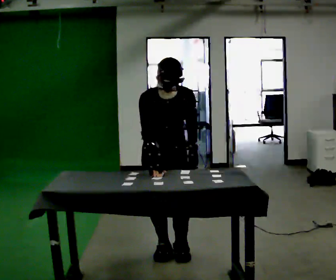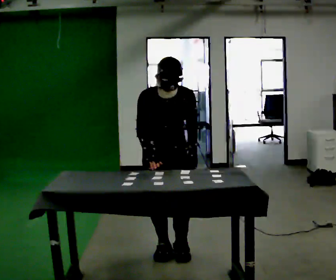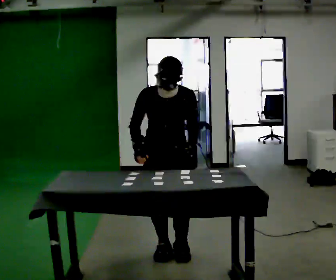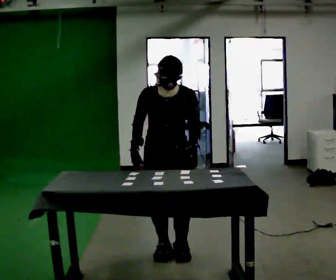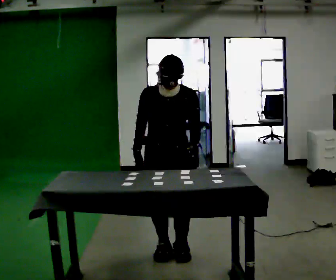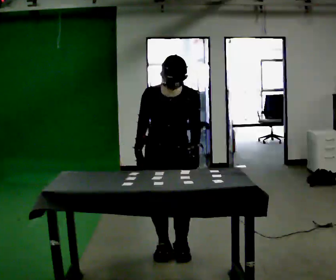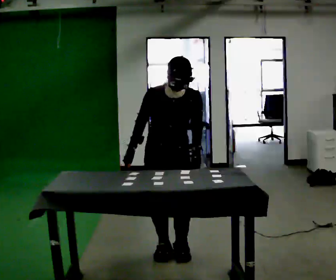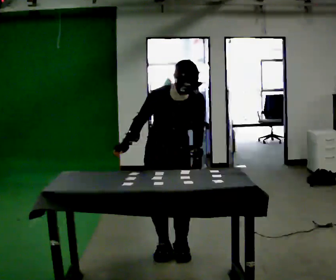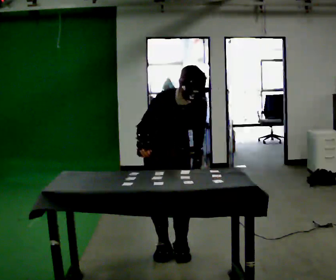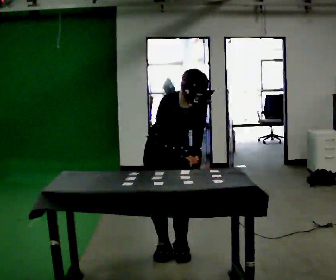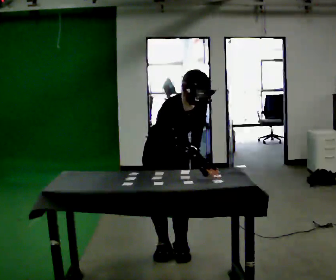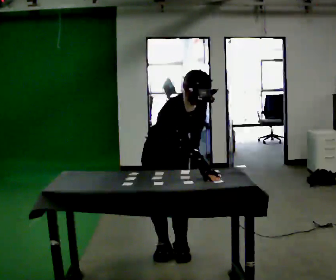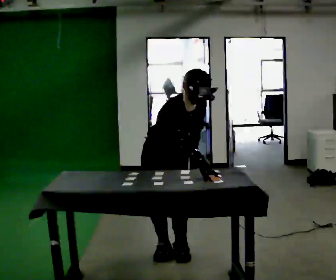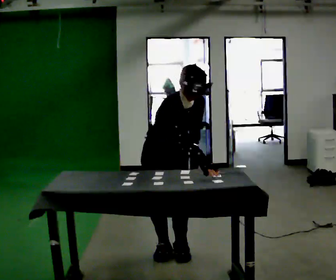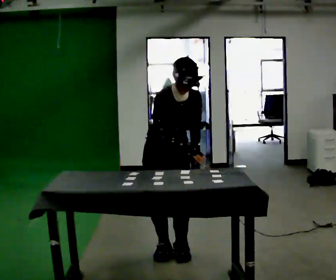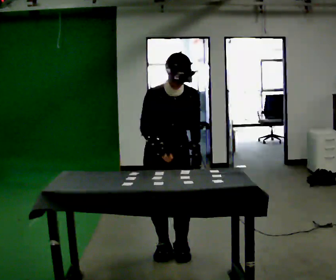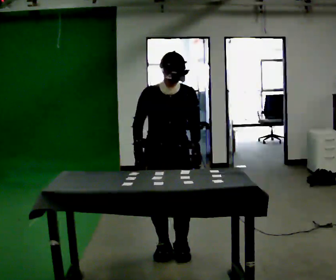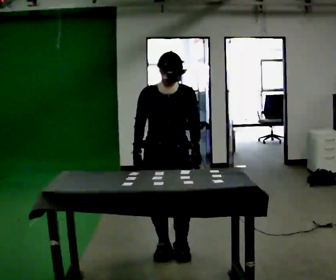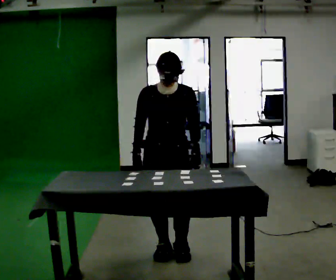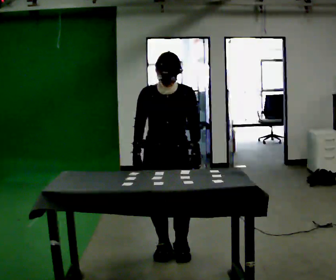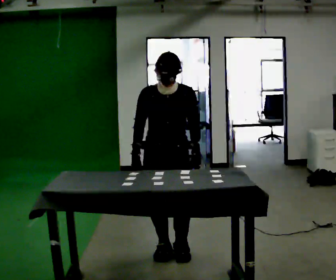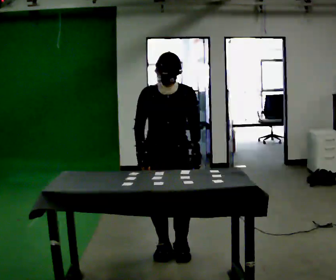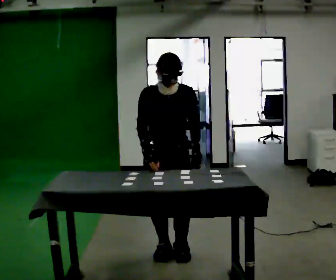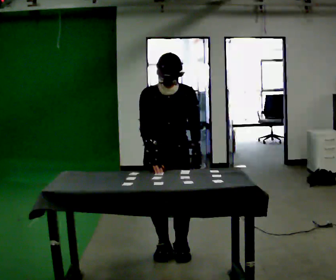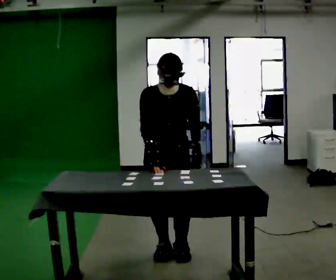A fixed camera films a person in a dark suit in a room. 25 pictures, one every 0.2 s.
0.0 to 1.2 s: The person moves a little, or ends about where they began.
1.2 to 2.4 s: Seen from above the body turns counterclockwise, about 30 degrees: to their left, with its near side sliding to the right. In the picture the upper body tilts clockwise, shoulders to the right, as they bend forward. In the picture their right hand goes to the right.
2.4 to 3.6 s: Seen from above the body turns clockwise, about 30 degrees: to their right, with its near side sliding to the left. The upper body tips away from the camera, its near side rolling upward, as they lean back or straighten. In the picture their right hand goes to the left.
3.6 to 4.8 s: The person moves a little, or ends about where they began.
The film runs backward here.
